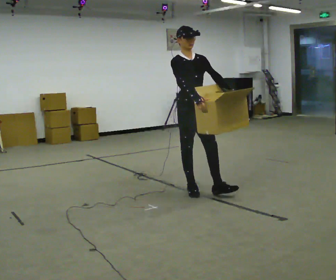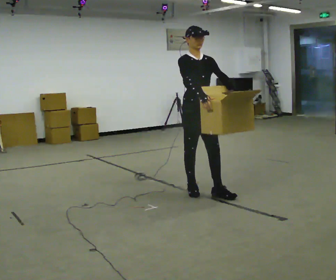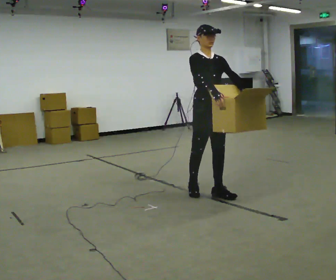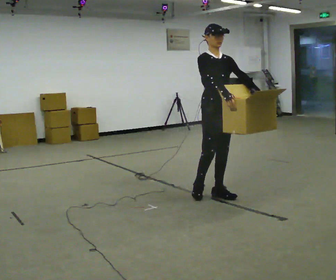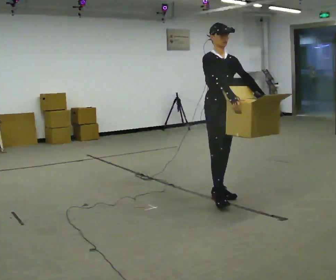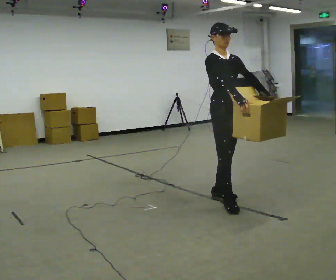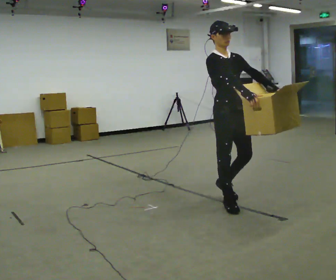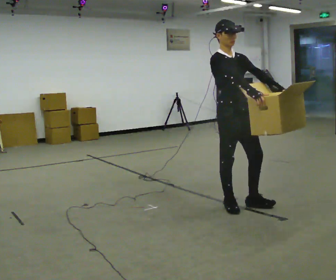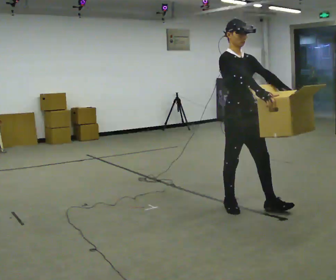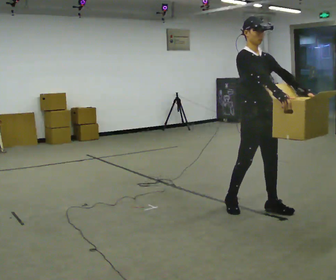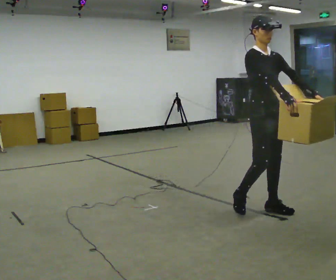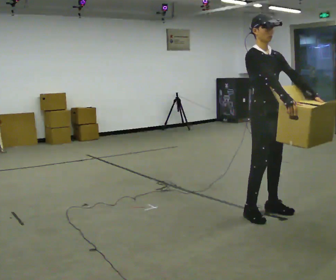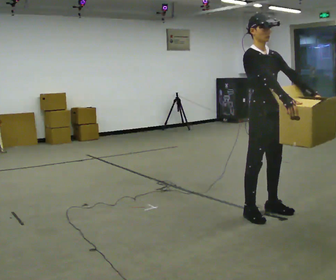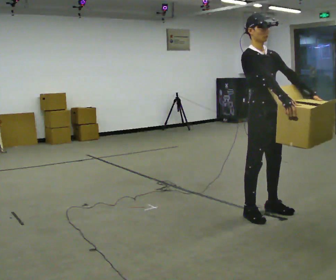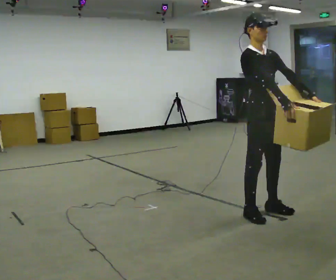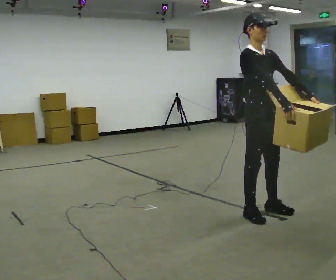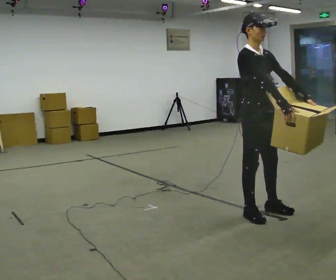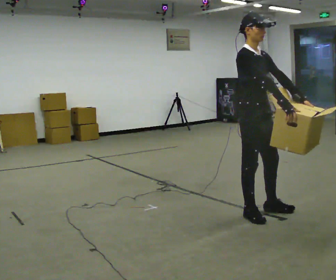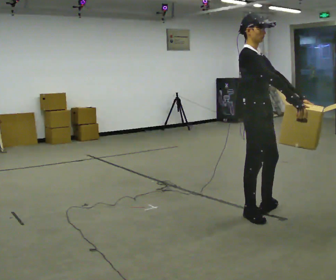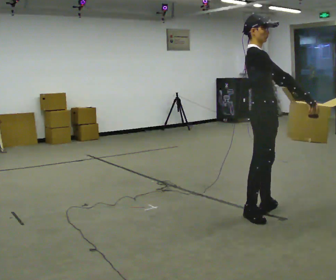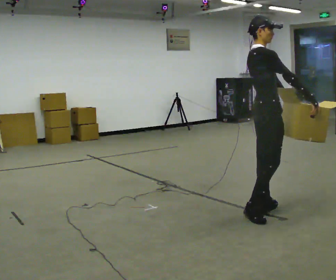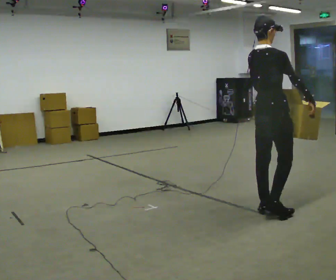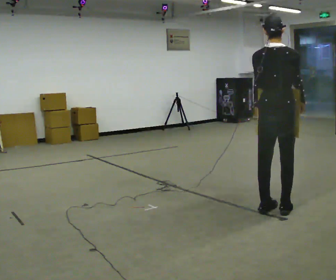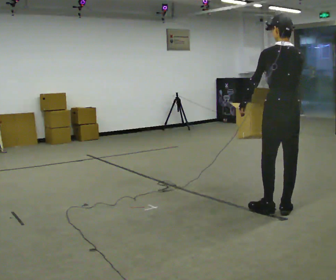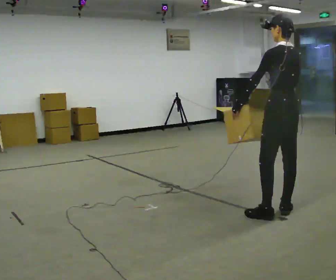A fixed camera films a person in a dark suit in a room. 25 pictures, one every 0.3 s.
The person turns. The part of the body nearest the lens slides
to the right.
The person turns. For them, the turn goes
to their left.
0.0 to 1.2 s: In the picture they go to the right and toward the camera, about 0.25 m in 1 step, which for them is forward.
1.2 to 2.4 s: In the picture they go toward the camera and to the right, about 0.5 m in 2 steps, which for them is forward.
2.4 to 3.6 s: In the picture they go to the right, about 0.25 m in 1 step, which for them is forward.
3.6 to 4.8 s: The person moves a little, or ends about where they began.
4.8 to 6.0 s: The person turns about 45 degrees to their left, counterclockwise seen from above, so the part of the body nearest the lens slides to the right.
6.0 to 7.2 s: The part of the body nearest the lens slides to the right as the person turns to their left by about 120 degrees. In the picture they go to the right, about 0.25 m in 2 steps. In the picture their right hand goes to the left, the arm swinging clockwise.
The film runs forward here.
